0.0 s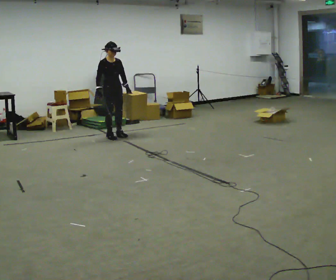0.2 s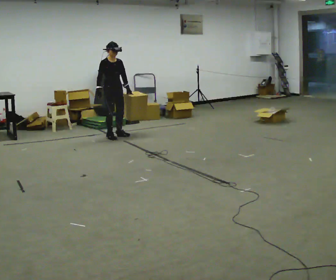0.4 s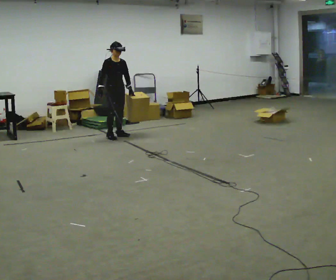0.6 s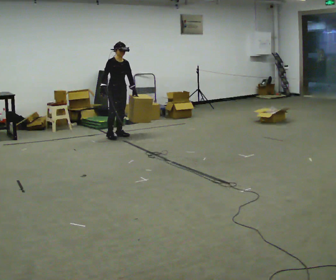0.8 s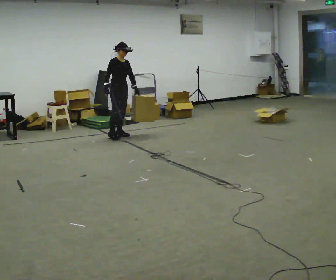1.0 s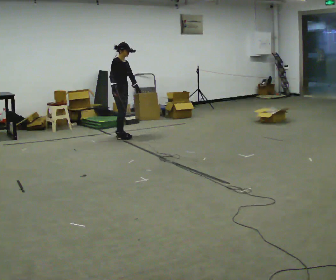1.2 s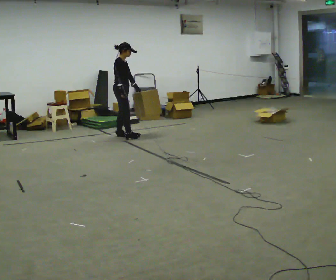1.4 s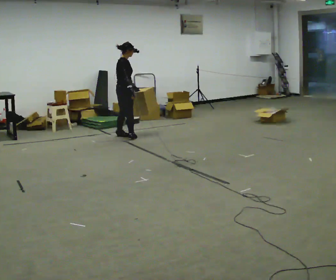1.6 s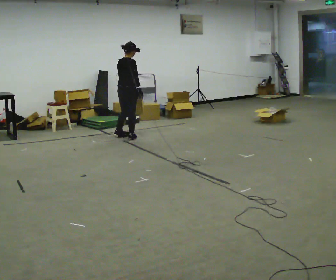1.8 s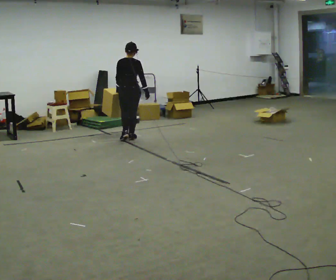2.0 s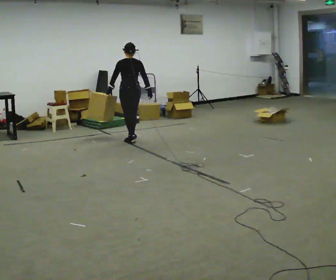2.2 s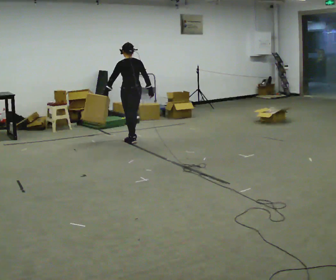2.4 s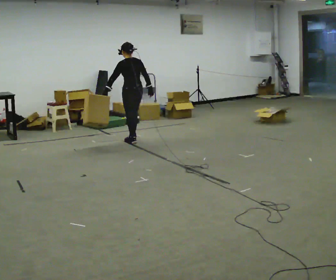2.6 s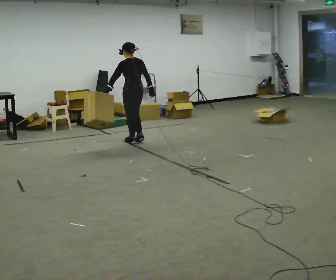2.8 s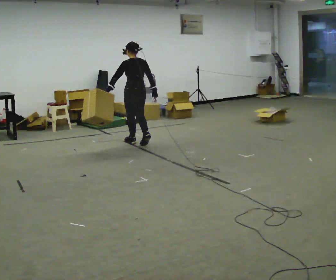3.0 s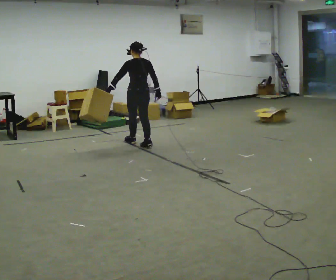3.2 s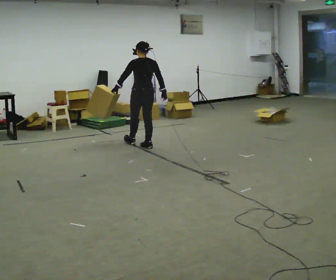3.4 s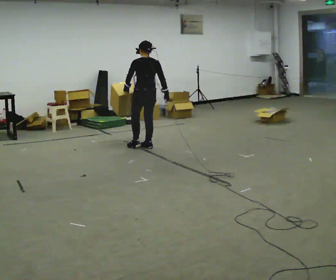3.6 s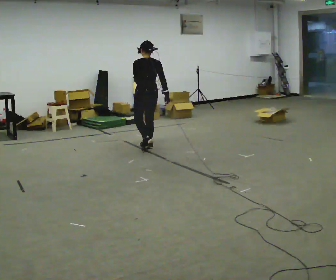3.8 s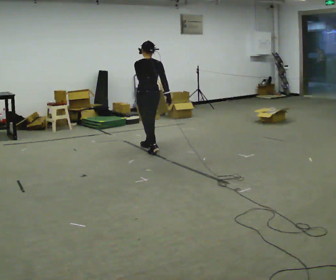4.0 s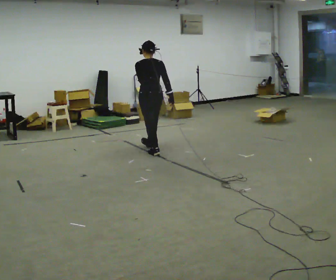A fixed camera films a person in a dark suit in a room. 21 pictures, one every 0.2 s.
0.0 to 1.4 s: Seen from above the body turns counterclockwise, about 75 degrees: to their left, with its near side sliding to the right. In the picture they go to the right, about 0.25 m in 1 step. In the picture their right hand goes to the right.
1.4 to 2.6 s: The person turns about 105 degrees to their left, counterclockwise seen from above, so the part of the body nearest the lens slides to the right. In the picture they go toward the camera and to the right, about 0.5 m in 2 steps.
2.6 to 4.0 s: In the picture they go toward the camera, about 0.5 m in 1 step, which for them is backward.
The film runs backward here.
